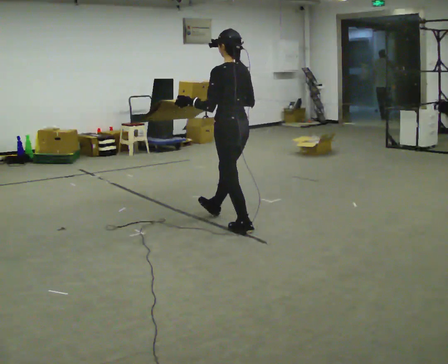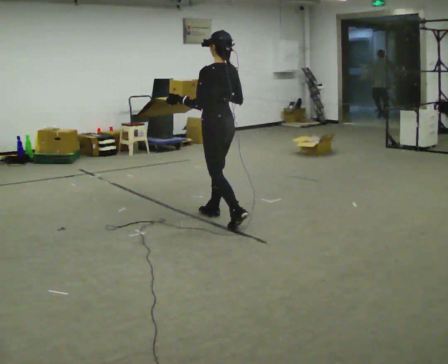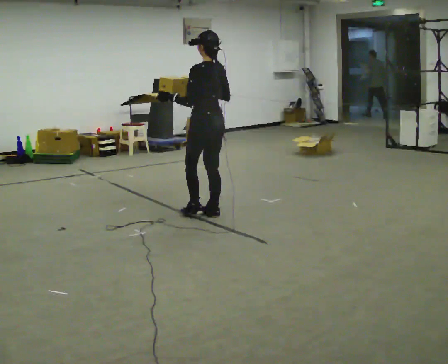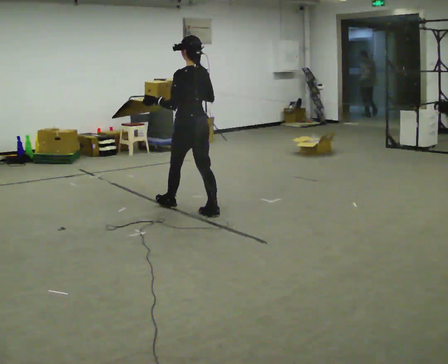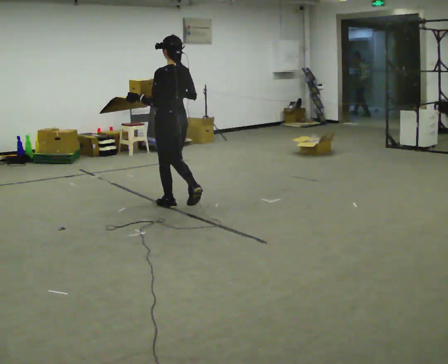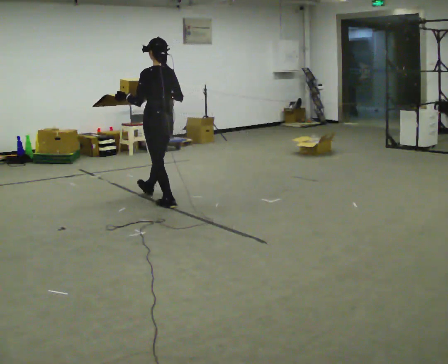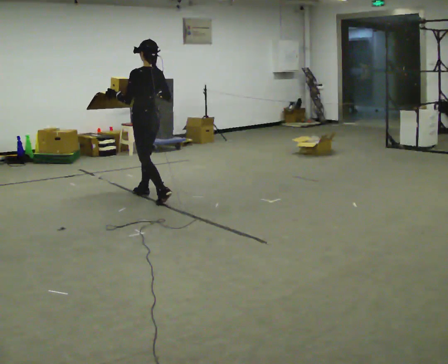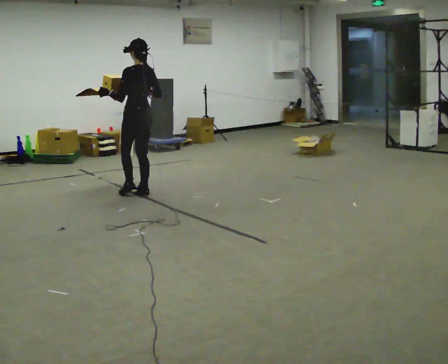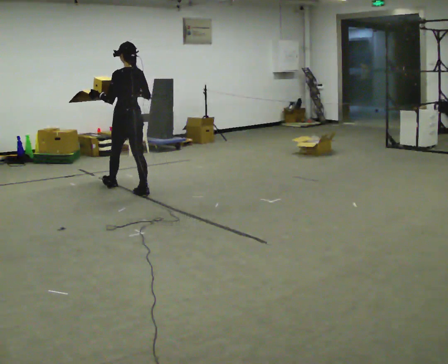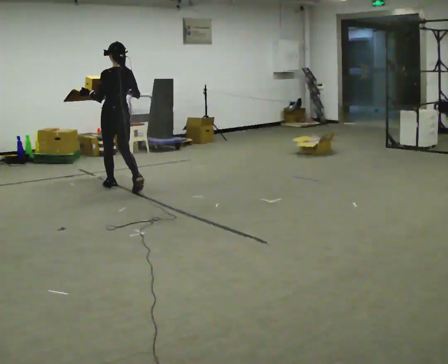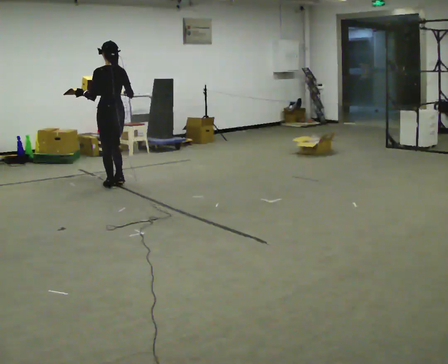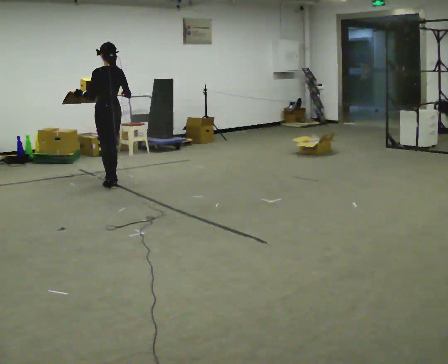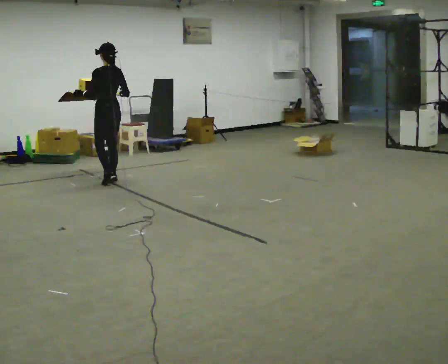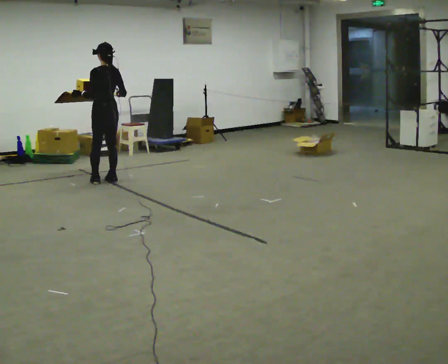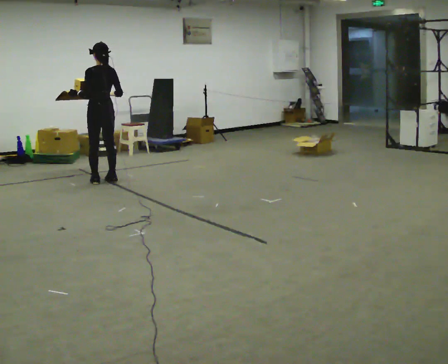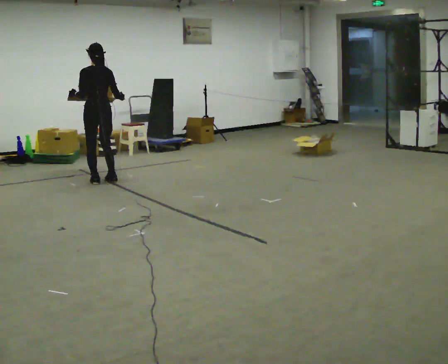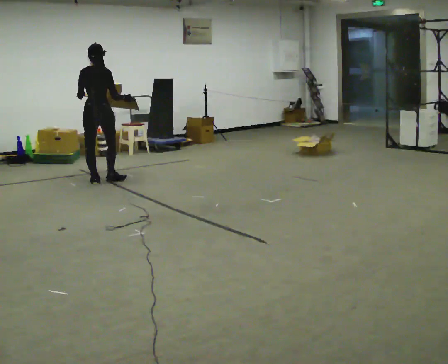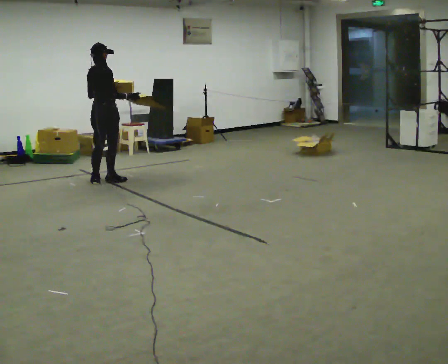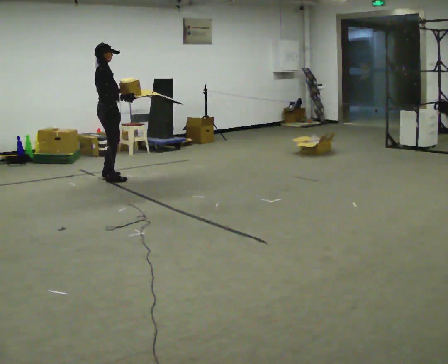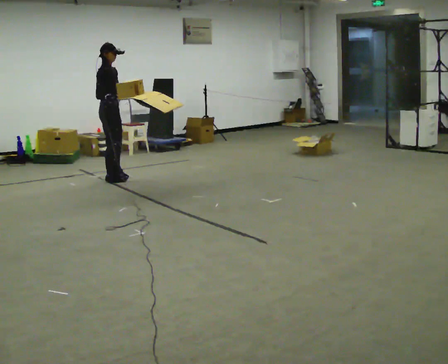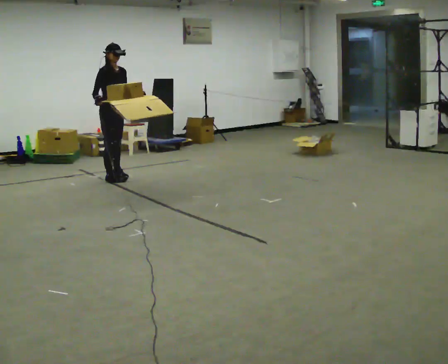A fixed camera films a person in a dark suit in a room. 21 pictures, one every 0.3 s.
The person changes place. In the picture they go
away from the camera.
The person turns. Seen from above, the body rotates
clockwise.
0.0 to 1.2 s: In the picture they go away from the camera and to the left, about 1 m in 1 step, which for them is forward.
1.2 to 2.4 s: In the picture they go away from the camera and to the left, about 1 m in 2 steps, which for them is forward.
2.4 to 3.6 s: In the picture they go away from the camera, about 0.5 m in 1 step, which for them is forward.
3.6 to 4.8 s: The part of the body nearest the lens slides to the left as the person turns to their right by about 60 degrees.
4.8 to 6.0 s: The part of the body nearest the lens slides to the left as the person turns to their right by about 120 degrees. In the picture they go away from the camera and to the right, about 0.25 m in 1 step.
The film runs forward here.
